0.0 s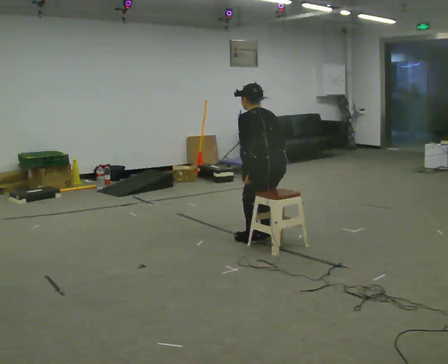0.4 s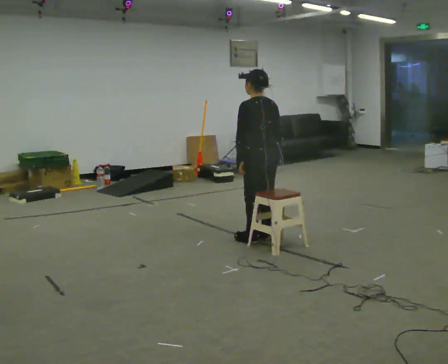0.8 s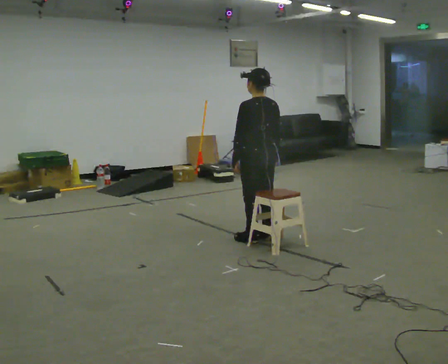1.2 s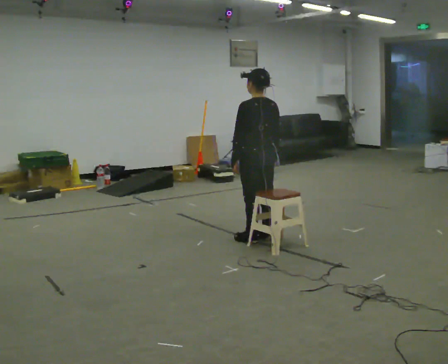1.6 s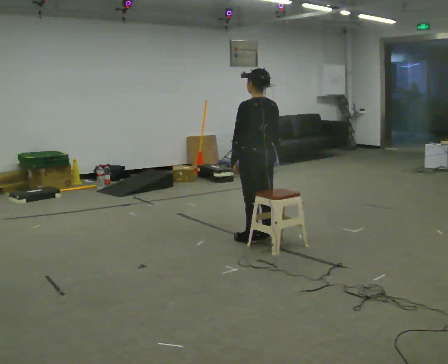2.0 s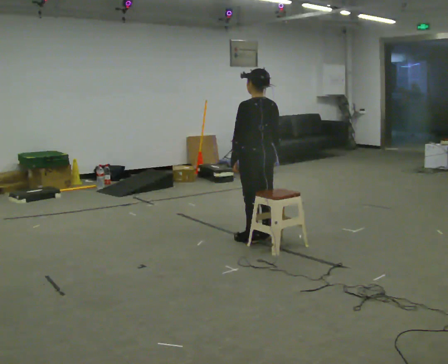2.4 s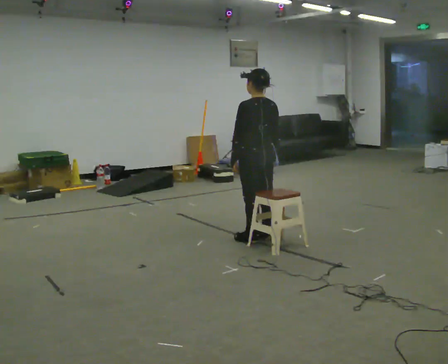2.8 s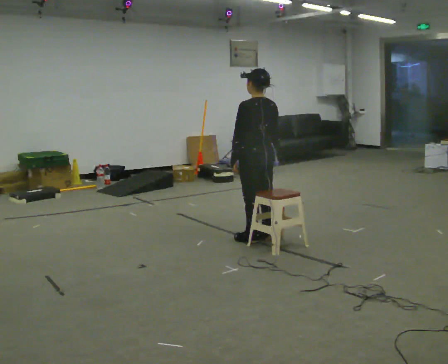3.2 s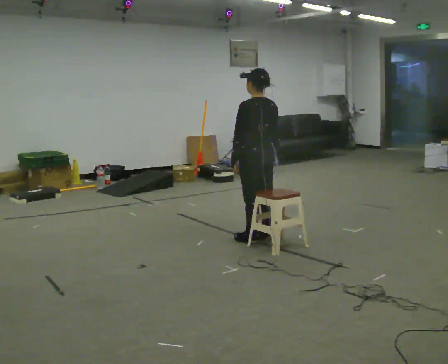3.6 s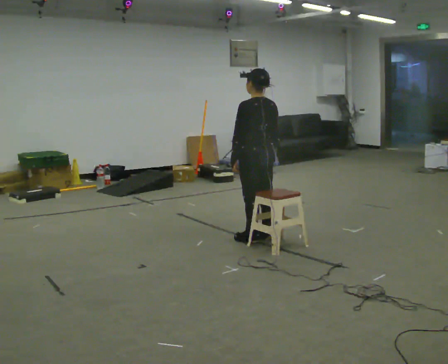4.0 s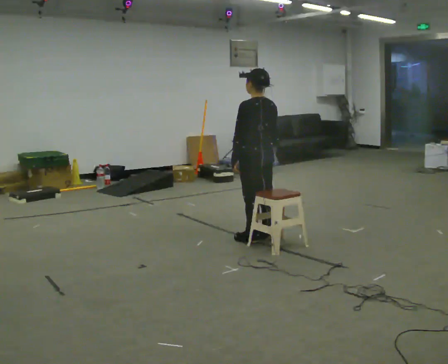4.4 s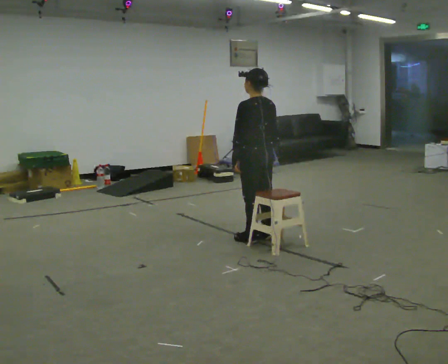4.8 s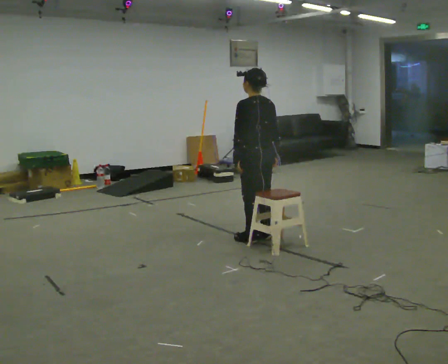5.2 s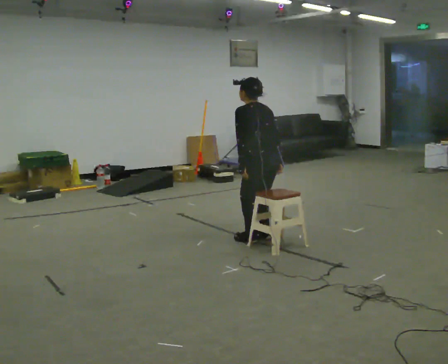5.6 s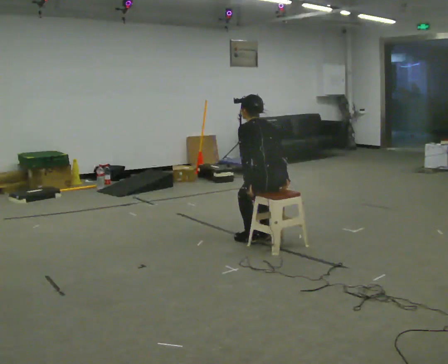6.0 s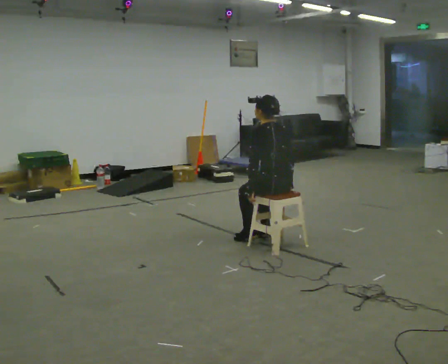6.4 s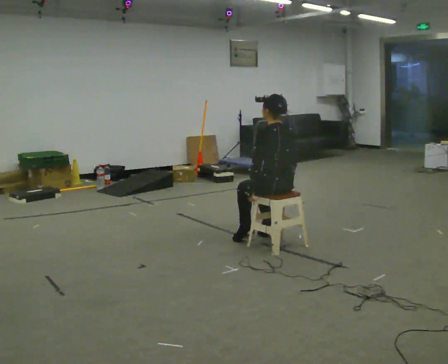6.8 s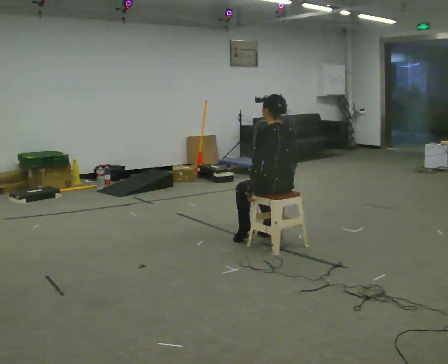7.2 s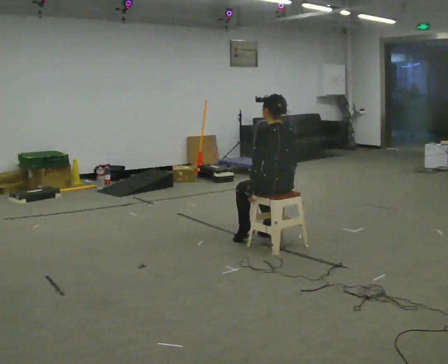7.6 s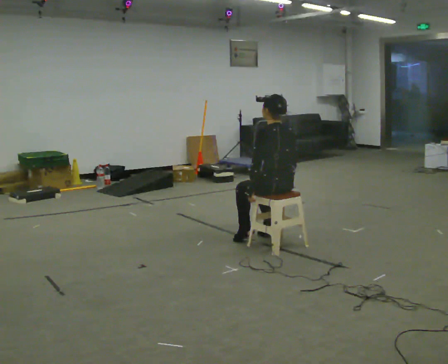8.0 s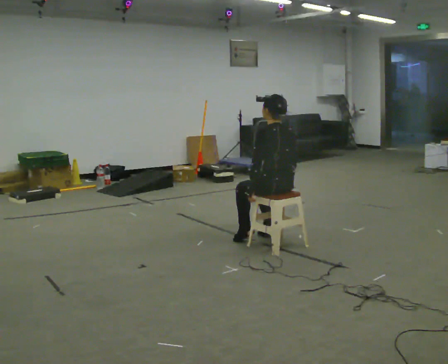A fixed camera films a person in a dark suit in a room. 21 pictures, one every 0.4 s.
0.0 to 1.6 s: The upper body tips toward the camera, its near side rolling downward, as they lean back or straighten.
1.6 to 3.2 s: The person keeps their place and pose.
3.2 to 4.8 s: The person moves a little, or ends about where they began.
4.8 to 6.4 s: In the picture they go toward the camera and to the right, about 0.25 m, which for them is backward. The upper body goes downward.
6.4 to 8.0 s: The person keeps their place and pose.
The film runs backward here.
